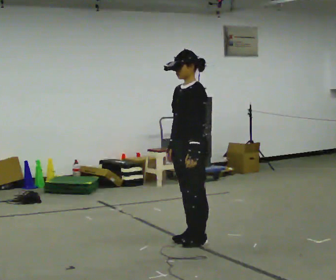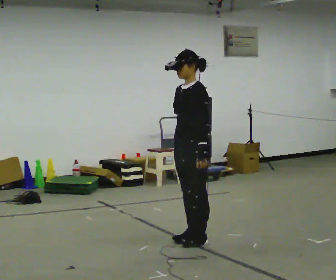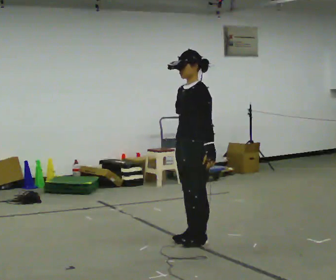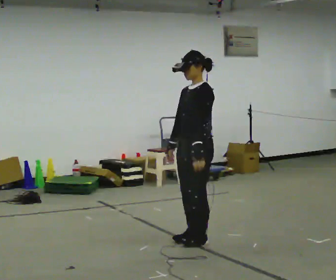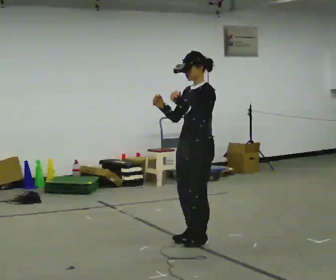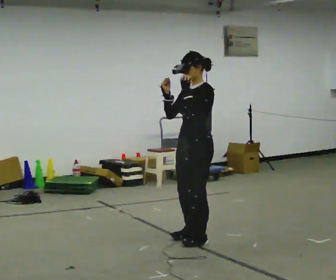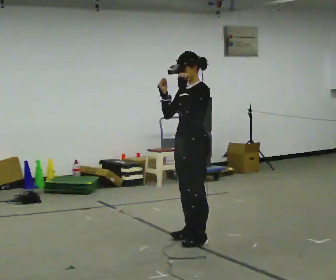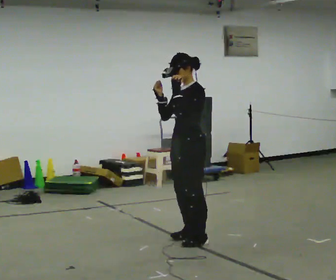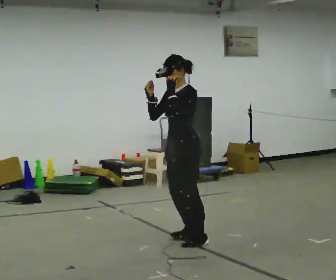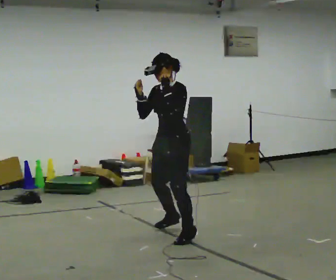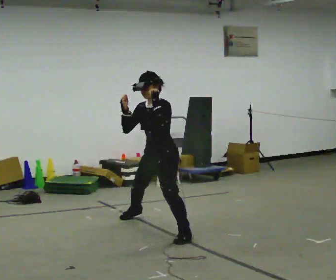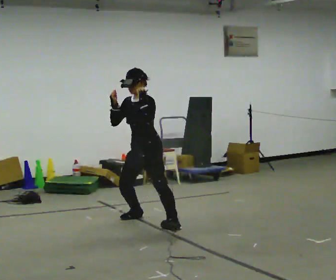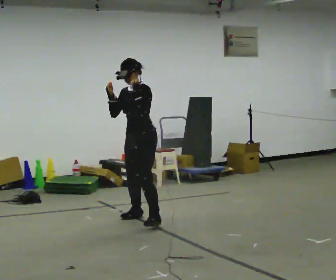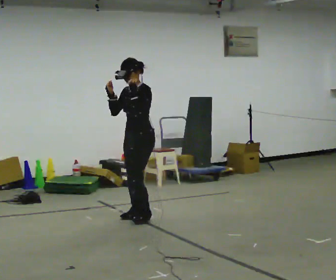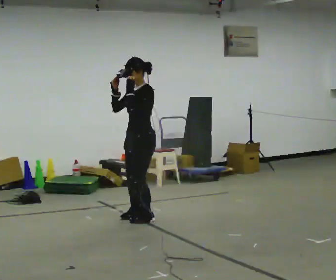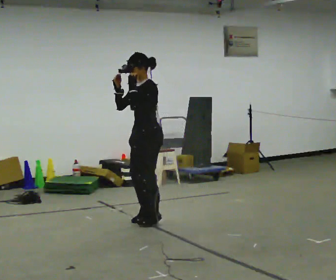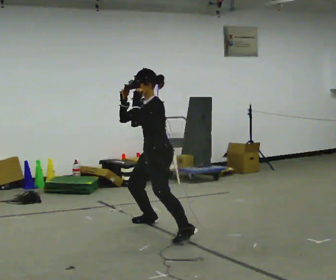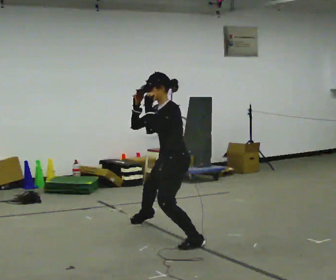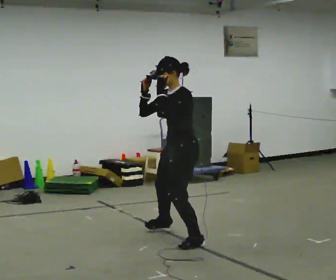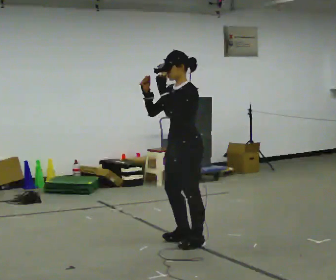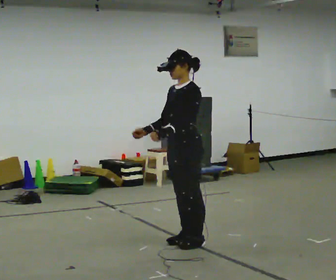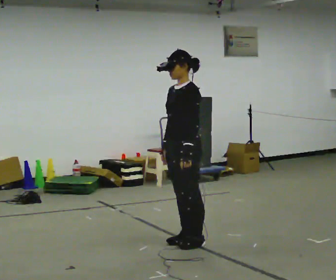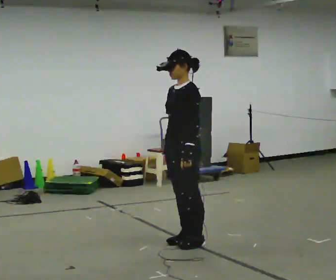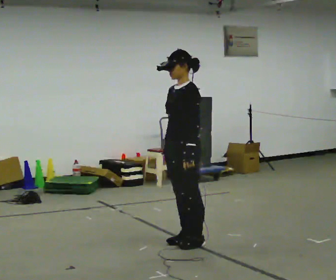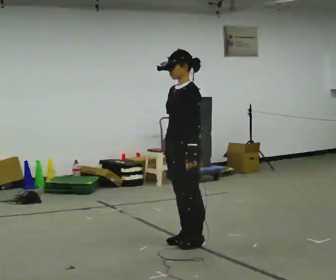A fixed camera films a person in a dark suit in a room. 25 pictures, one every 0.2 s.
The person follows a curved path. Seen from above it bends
counterclockwise.
0.0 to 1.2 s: In the picture their left hand goes upward.
1.2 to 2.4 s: In the picture they go away from the camera and to the left, about 1 m in 3 steps, which for them is to their right.
2.4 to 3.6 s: In the picture they go toward the camera and to the right, about 1 m in 3 steps, which for them is to their left.
3.6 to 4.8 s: In the picture they go toward the camera, about 0.25 m, which for them is to their left. In the picture their left hand goes downward.
The film runs backward here.
